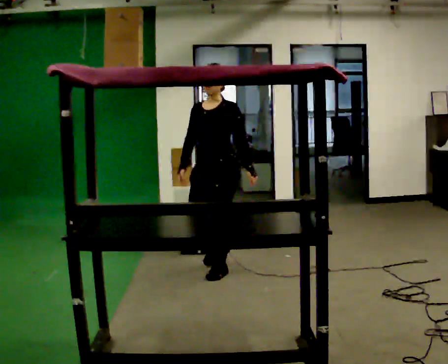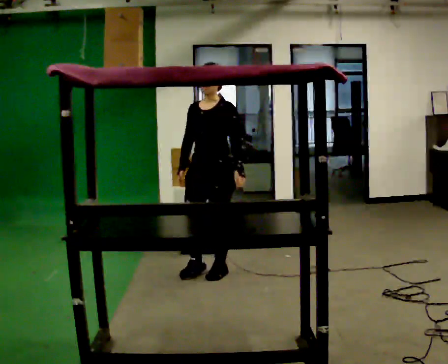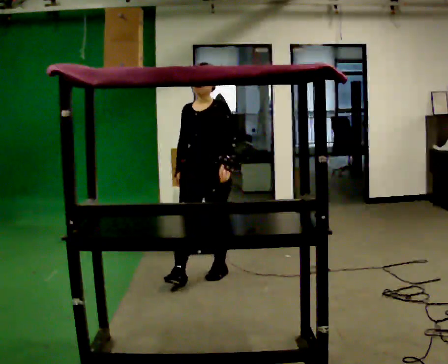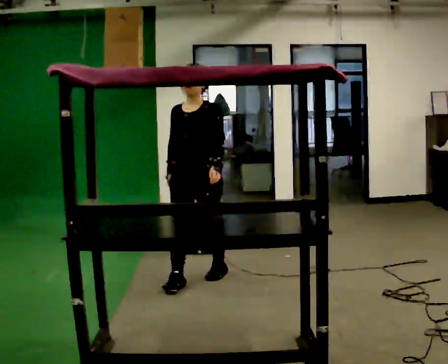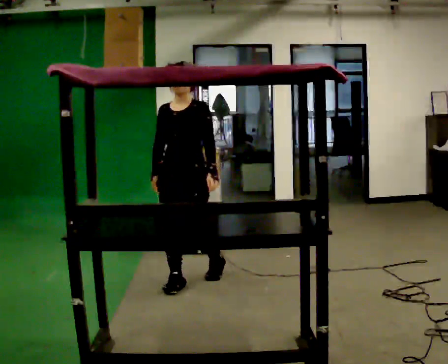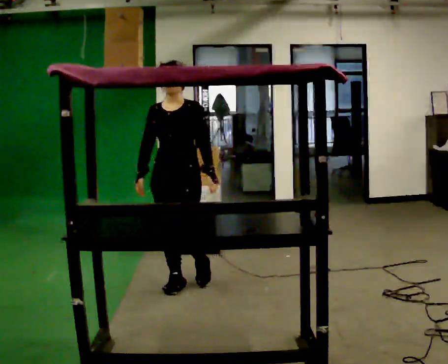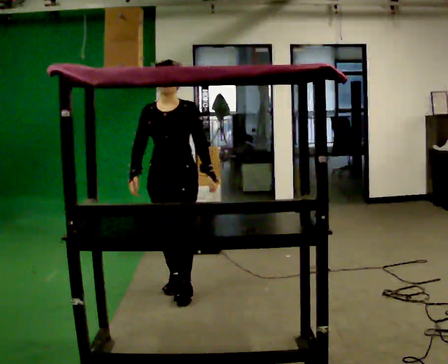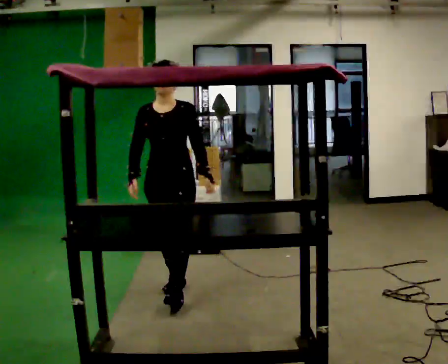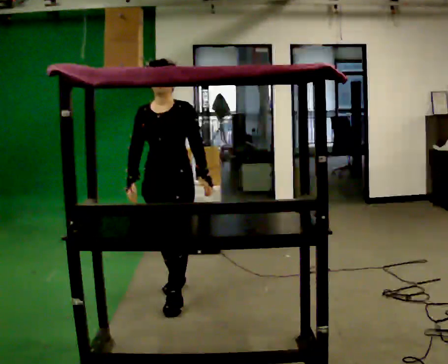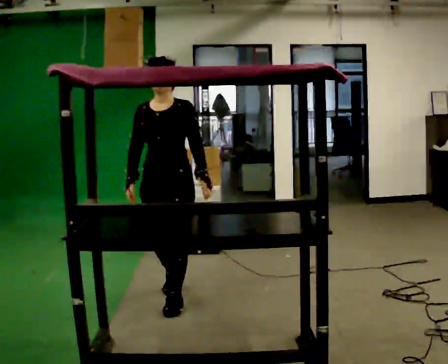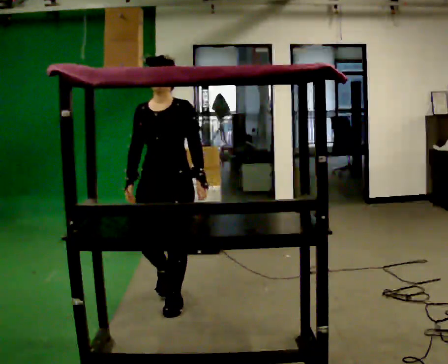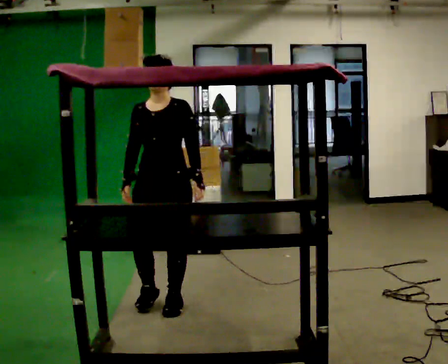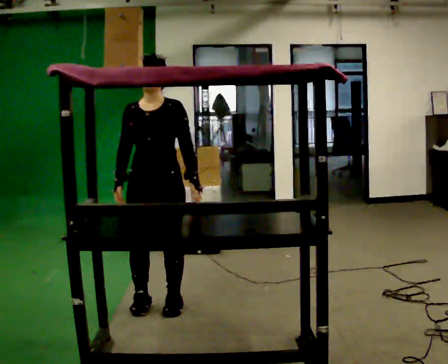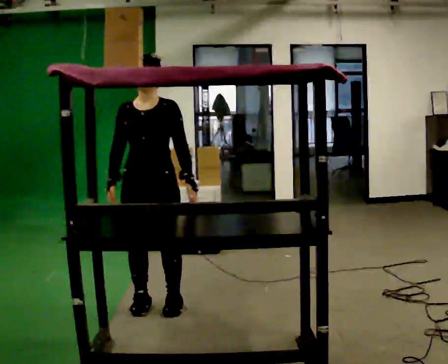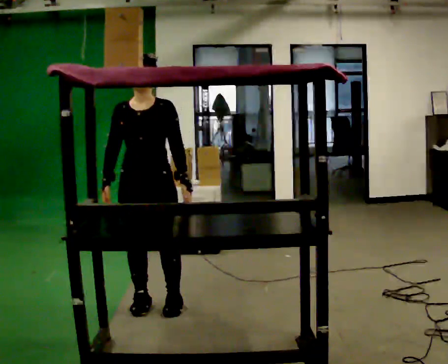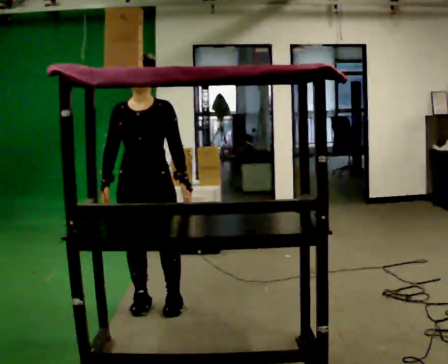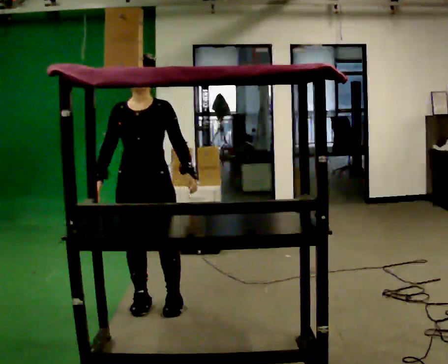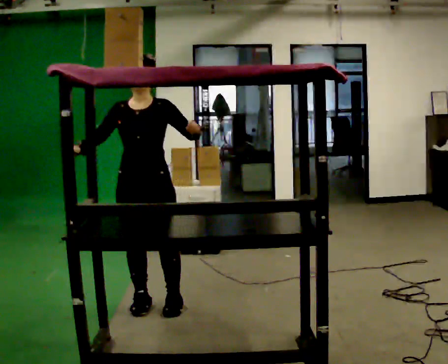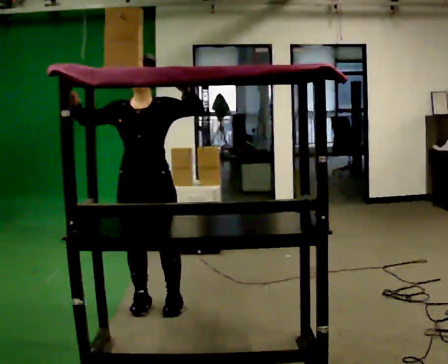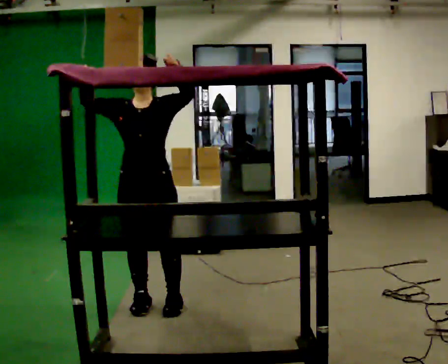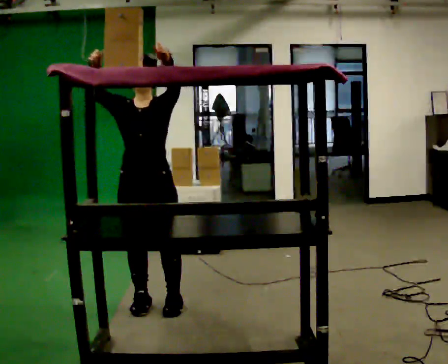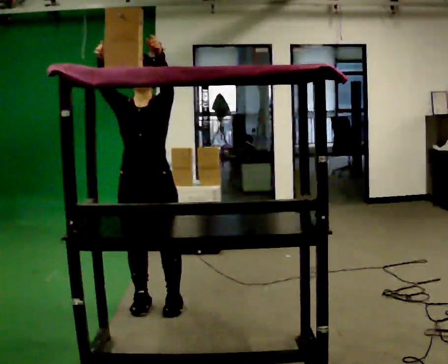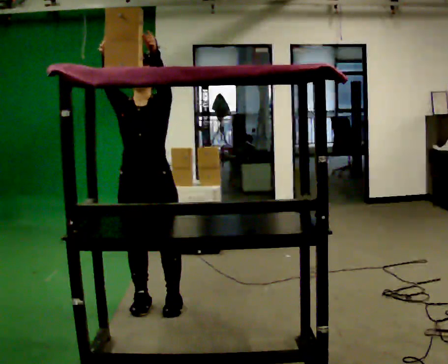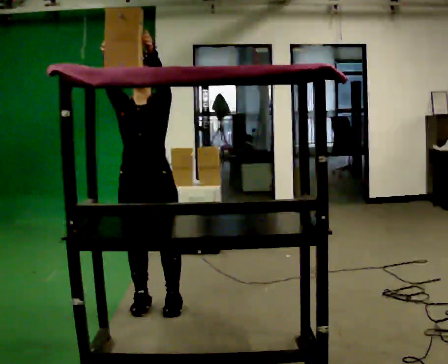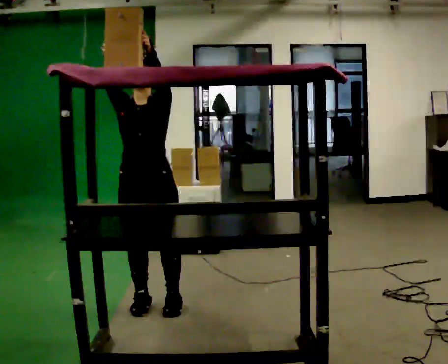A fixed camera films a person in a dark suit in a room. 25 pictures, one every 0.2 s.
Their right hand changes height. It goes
upward.
Their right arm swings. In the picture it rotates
clockwise.
0.0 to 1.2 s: The part of the body nearest the lens slides to the right as the person turns to their left by about 30 degrees. In the picture they go to the left and toward the camera, about 0.5 m in 1 step, which for them is forward.
1.2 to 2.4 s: In the picture they go toward the camera, about 0.5 m in 2 steps, which for them is forward.
2.4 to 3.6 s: In the picture their left hand goes upward.
3.6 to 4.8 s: The person moves a little, or ends about where they began.
The film runs forward here.
